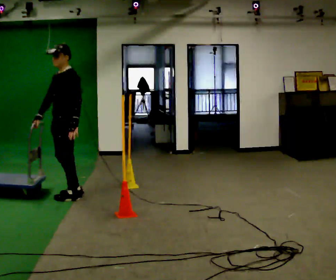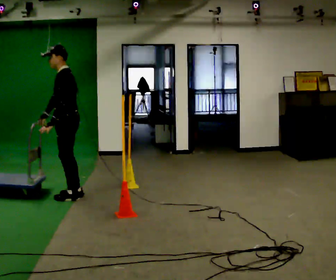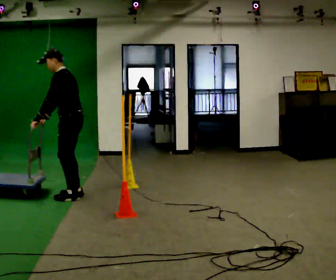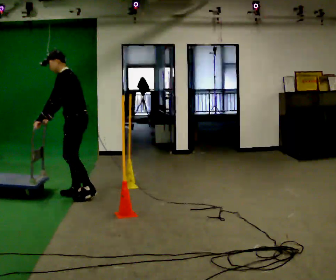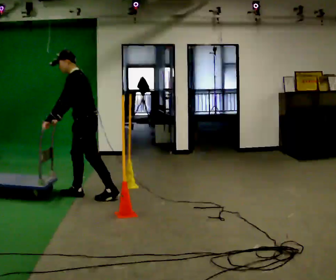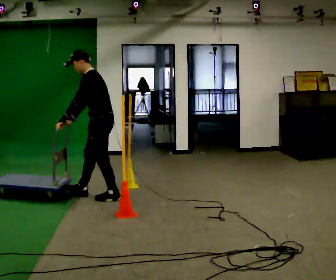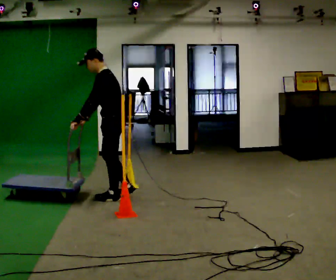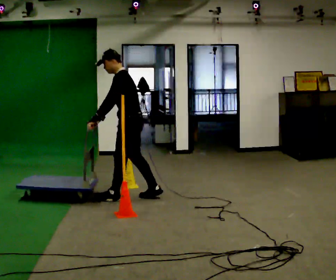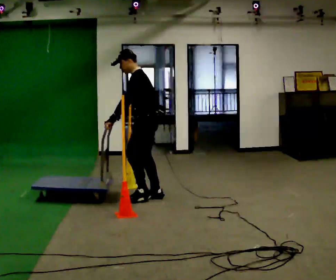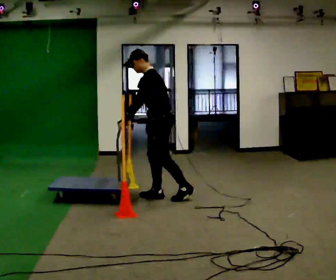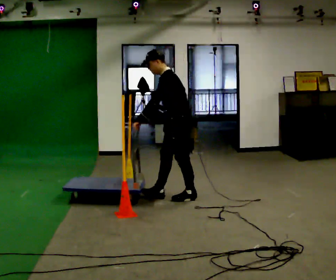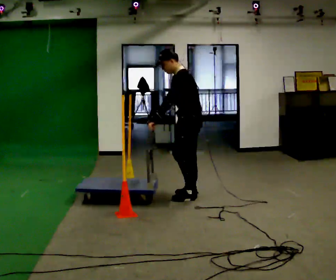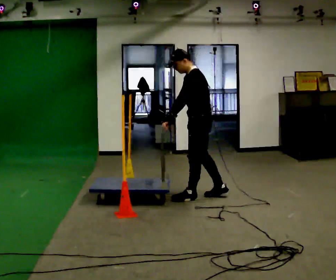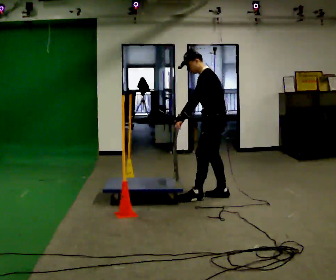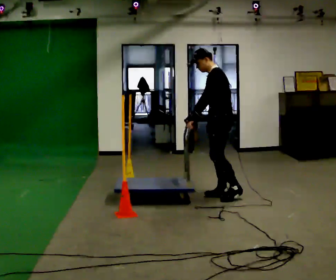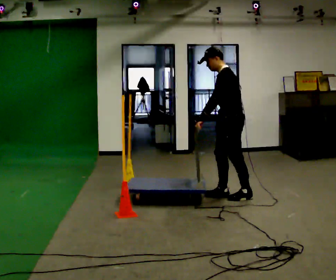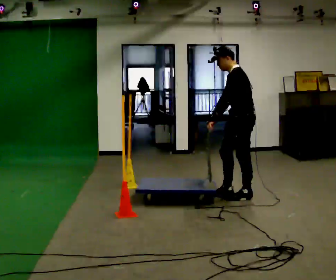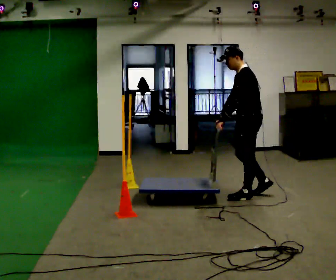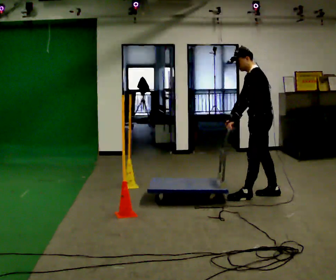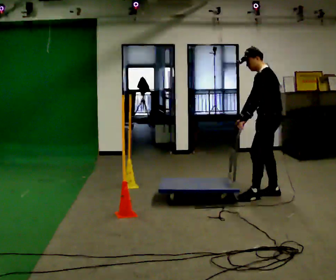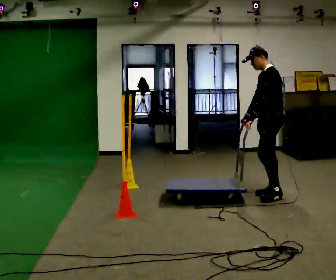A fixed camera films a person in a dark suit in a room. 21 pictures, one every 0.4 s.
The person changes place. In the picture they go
to the right.
0.0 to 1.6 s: In the picture they go to the right, about 0.25 m in 1 step, which for them is backward. In the picture the upper body tilts counterclockwise, shoulders to the left, as they bend forward. In the picture their left hand goes to the left, the arm swinging clockwise.
1.6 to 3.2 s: In the picture they go to the right, about 0.75 m in 2 steps, which for them is backward.
3.2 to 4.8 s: In the picture they go to the right, about 0.5 m in 1 step, which for them is backward.
4.8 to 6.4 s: In the picture they go to the right, about 0.5 m in 2 steps, which for them is backward.
6.4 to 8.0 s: In the picture they go to the right, about 0.25 m in 1 step, which for them is backward.
The film runs backward here.
